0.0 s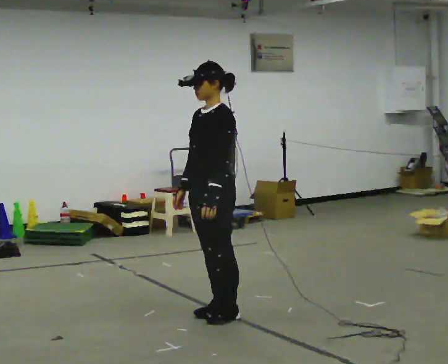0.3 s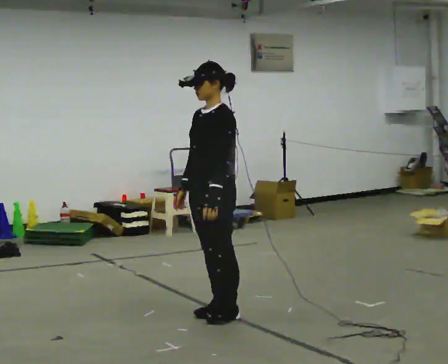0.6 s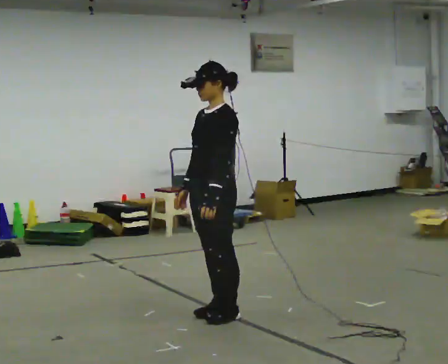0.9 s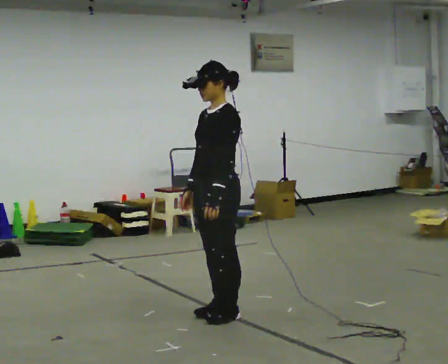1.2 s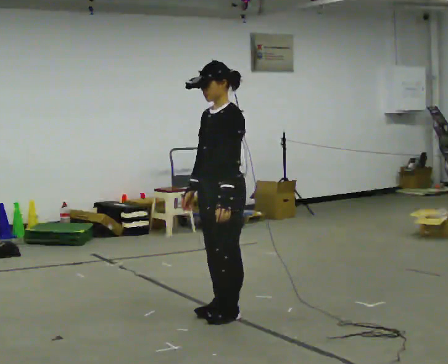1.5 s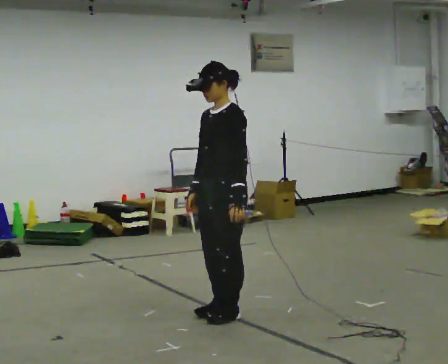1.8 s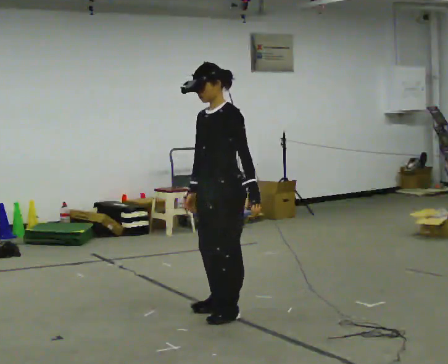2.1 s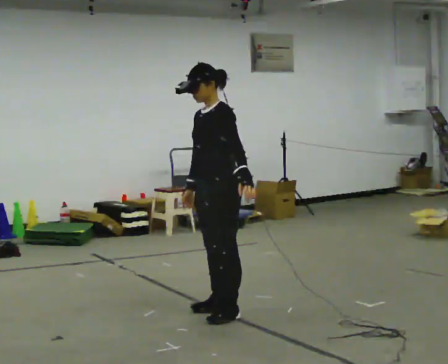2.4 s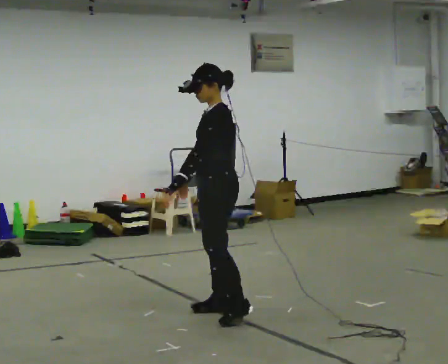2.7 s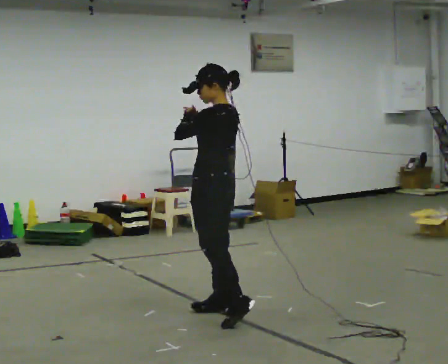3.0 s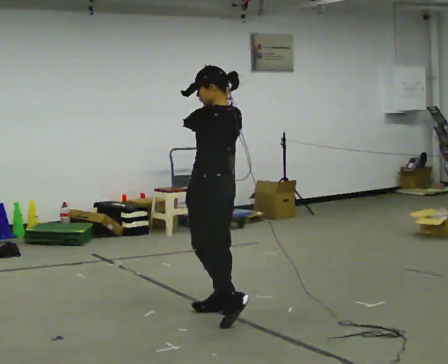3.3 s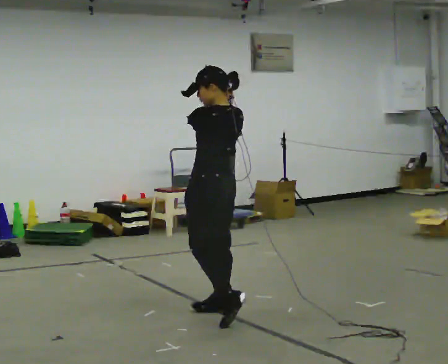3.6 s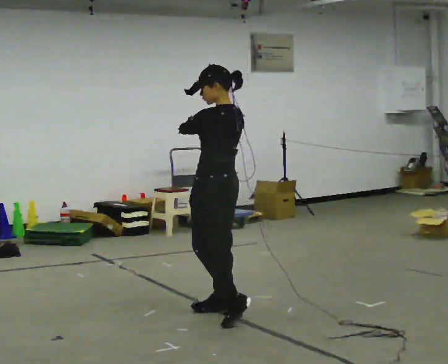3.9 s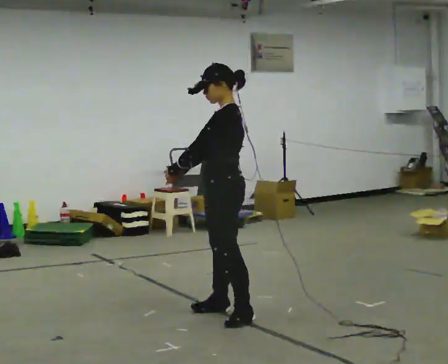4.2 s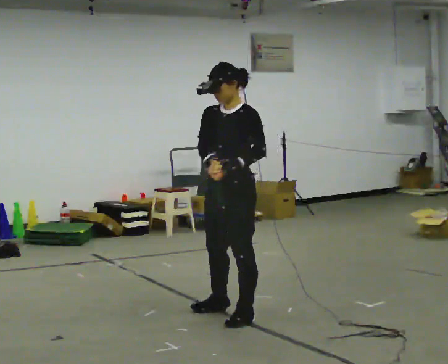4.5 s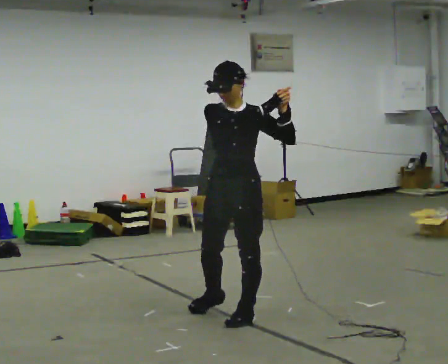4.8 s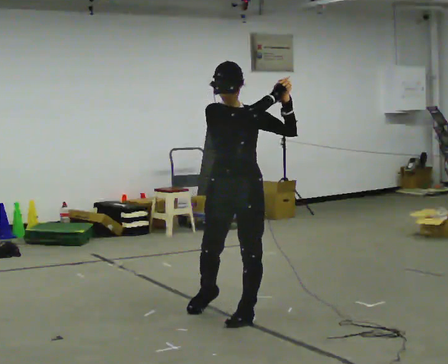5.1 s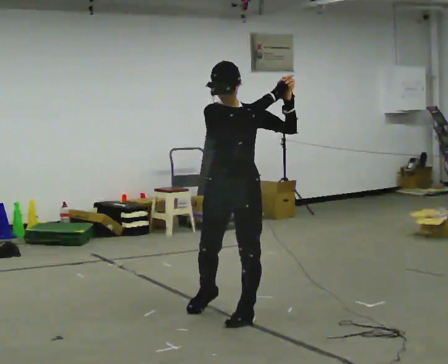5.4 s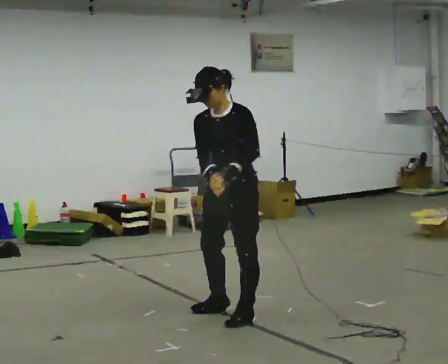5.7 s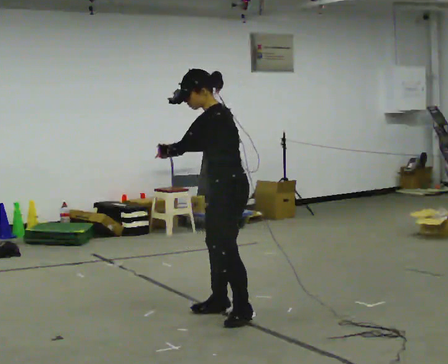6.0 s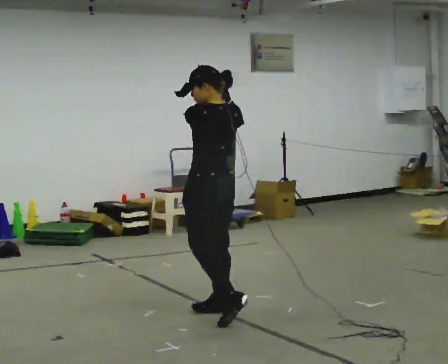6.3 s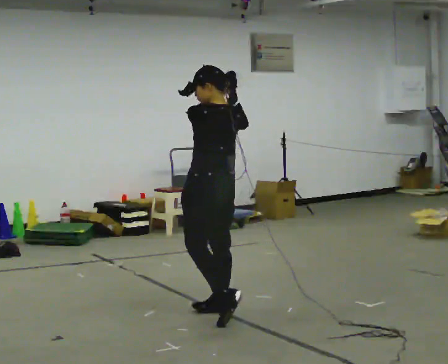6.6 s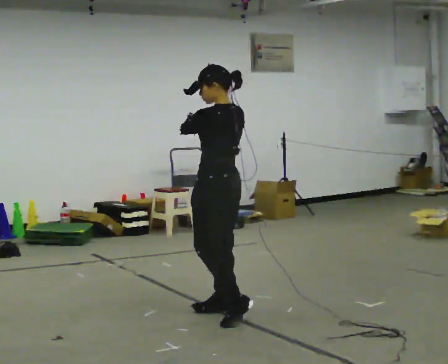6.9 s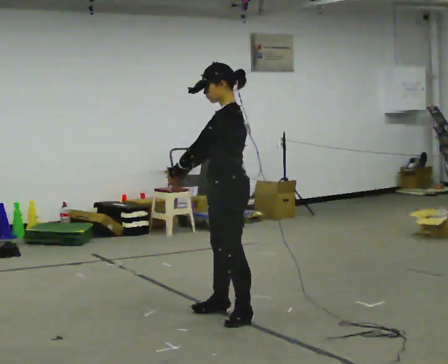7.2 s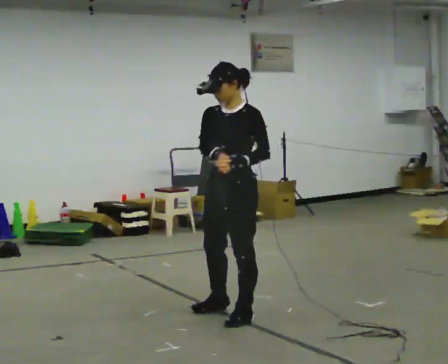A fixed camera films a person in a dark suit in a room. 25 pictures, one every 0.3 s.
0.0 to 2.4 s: The person moves a little, or ends about where they began.
2.4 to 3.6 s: The part of the body nearest the lens slides to the left as the person turns to their right by about 45 degrees. In the picture their left hand goes upward.
3.6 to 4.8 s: The part of the body nearest the lens slides to the right as the person turns to their left by about 120 degrees. In the picture they go toward the camera, about 0.25 m. In the picture their left hand goes to the right.
4.8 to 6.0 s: The part of the body nearest the lens slides to the left as the person turns to their right by about 120 degrees. In the picture they go away from the camera, about 0.25 m. In the picture their left hand goes to the left.
6.0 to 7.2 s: The person turns about 75 degrees to their left, counterclockwise seen from above, so the part of the body nearest the lens slides to the right. In the picture their left hand goes downward.
The film runs backward here.
